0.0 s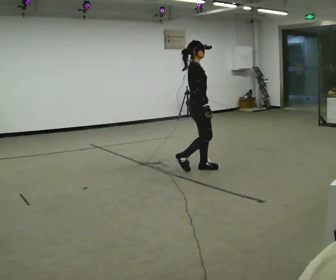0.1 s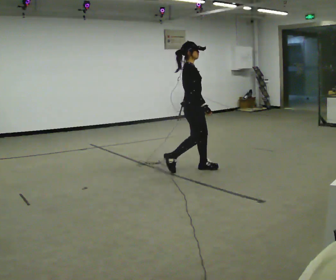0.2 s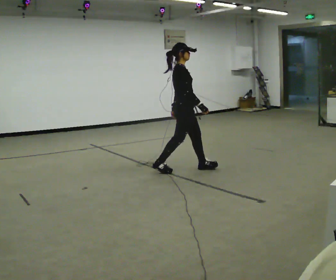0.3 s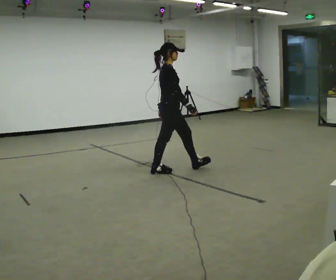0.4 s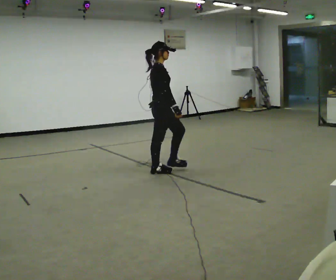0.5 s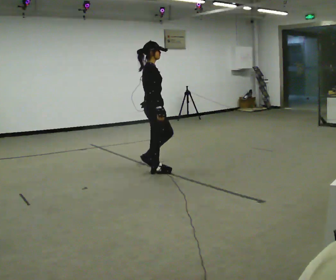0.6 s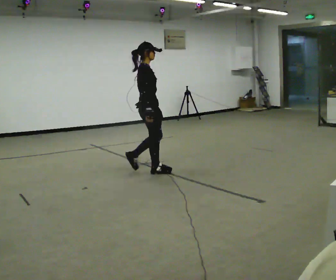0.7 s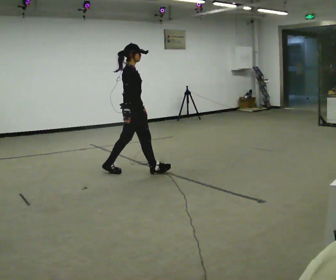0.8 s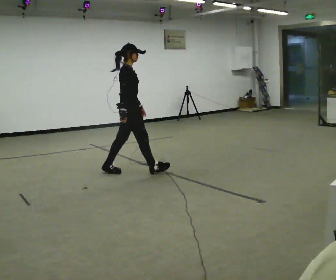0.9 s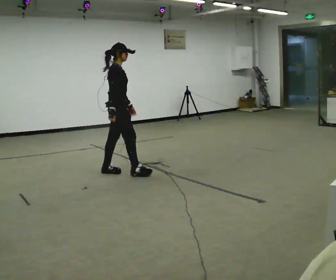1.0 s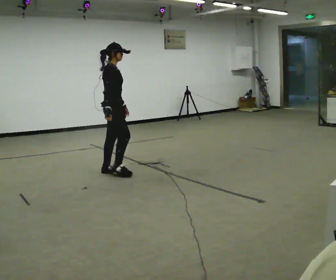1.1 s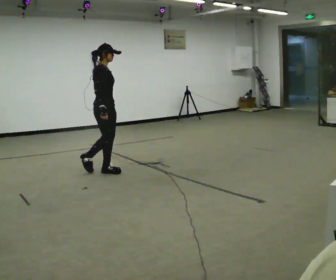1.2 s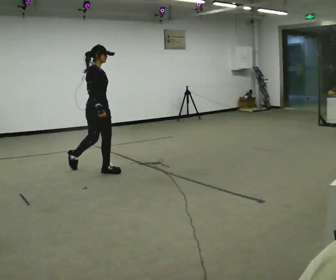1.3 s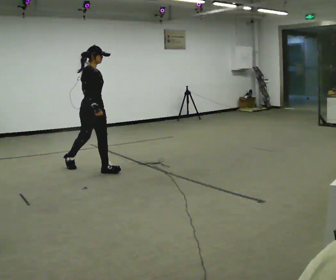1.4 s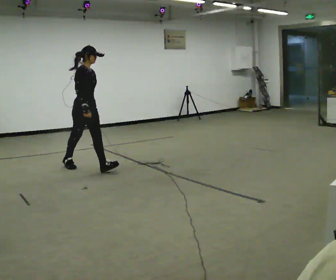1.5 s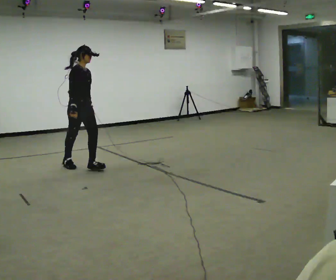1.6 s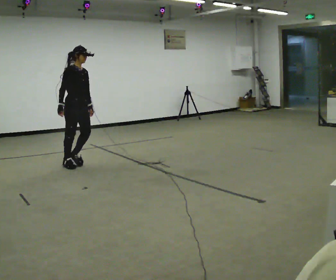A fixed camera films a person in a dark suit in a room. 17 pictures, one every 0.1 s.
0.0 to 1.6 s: In the picture they go to the left, about 1.5 m in 3 steps, which for them is backward.
The film runs backward here.
